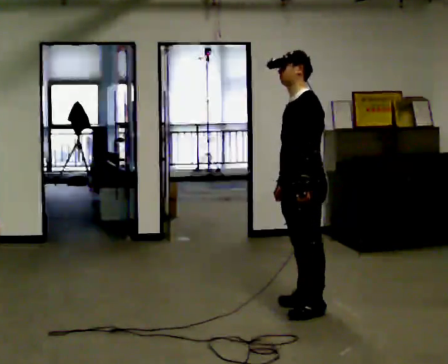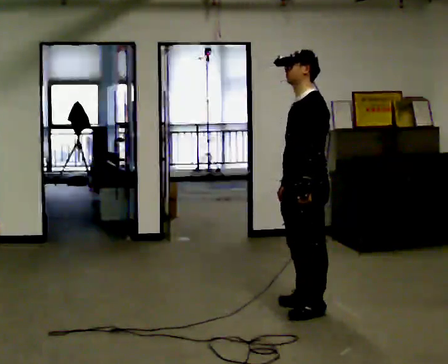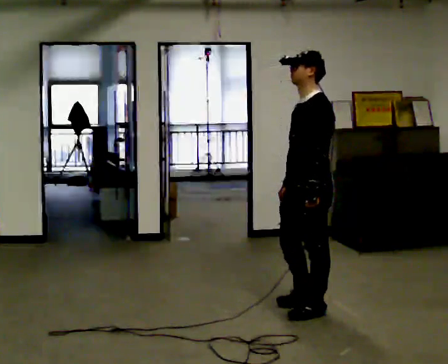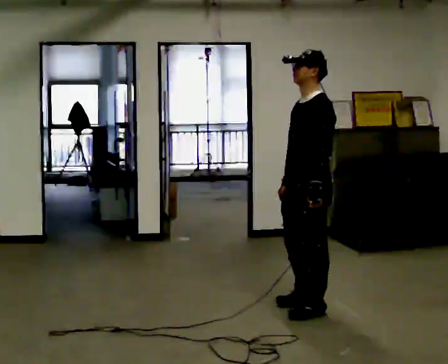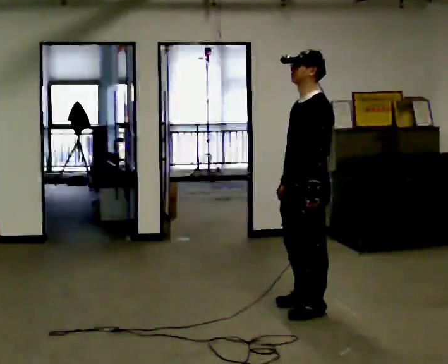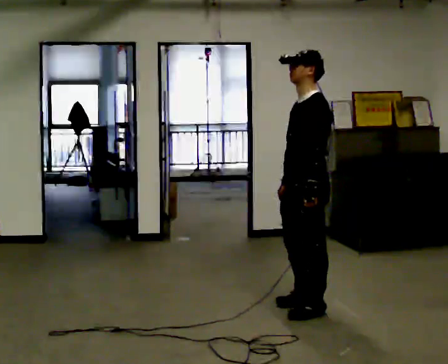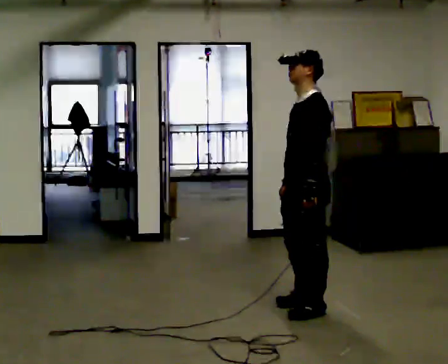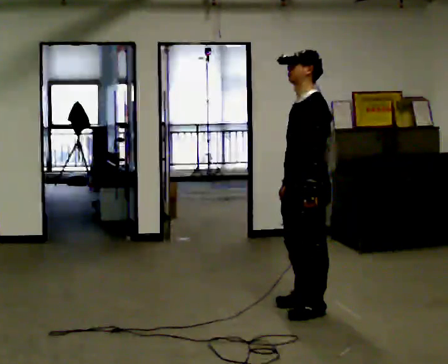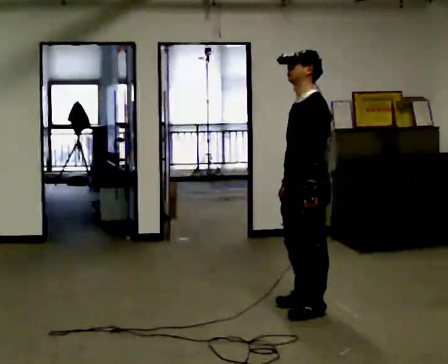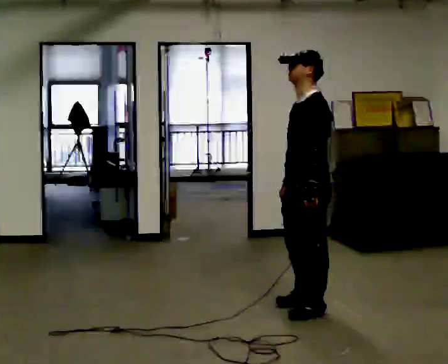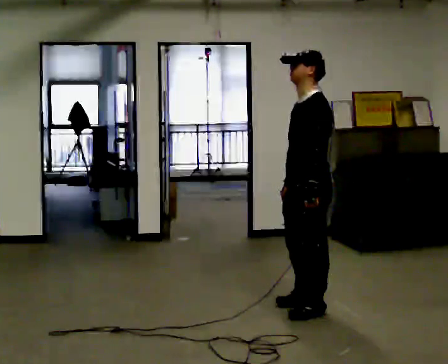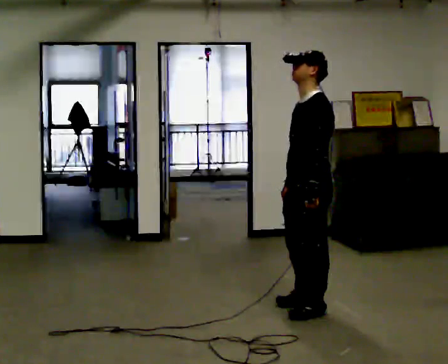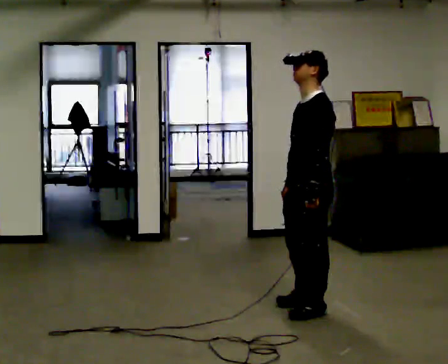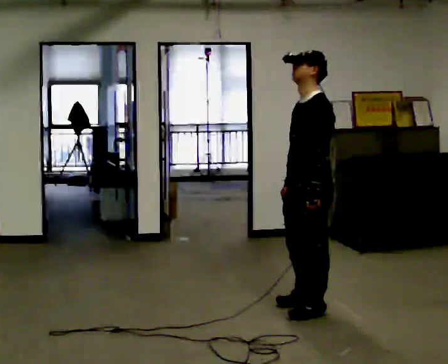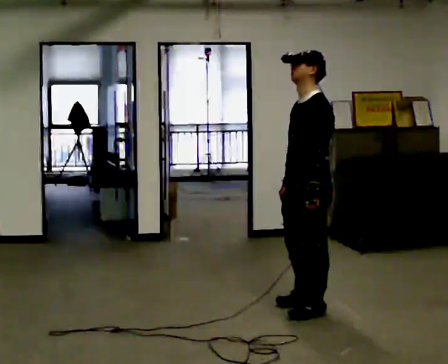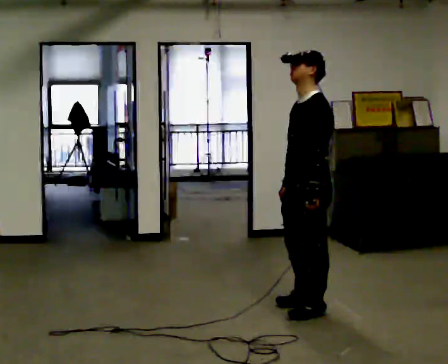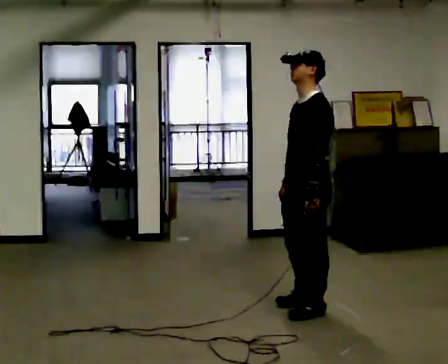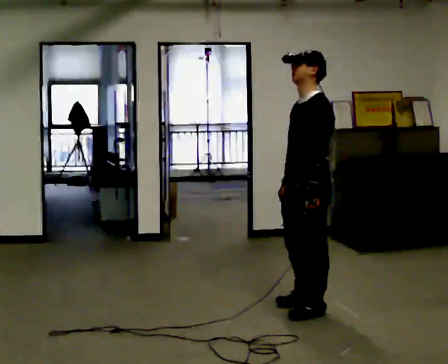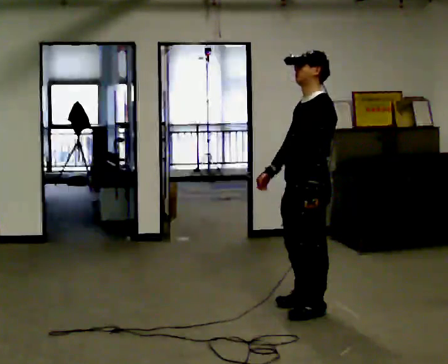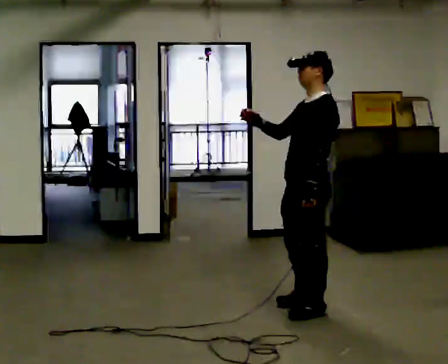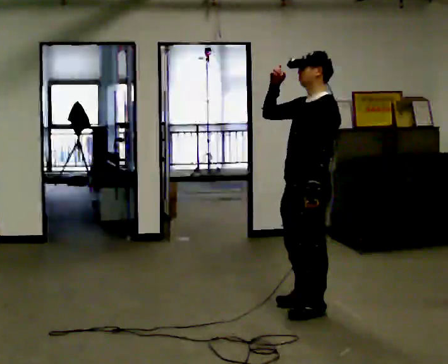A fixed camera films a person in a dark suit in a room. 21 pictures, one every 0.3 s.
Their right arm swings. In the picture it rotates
clockwise.
Their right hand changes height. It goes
upward.
0.0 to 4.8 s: The person moves a little, or ends about where they began.
4.8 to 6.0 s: In the picture their right hand goes upward, the arm swinging clockwise.
The film runs forward here.
